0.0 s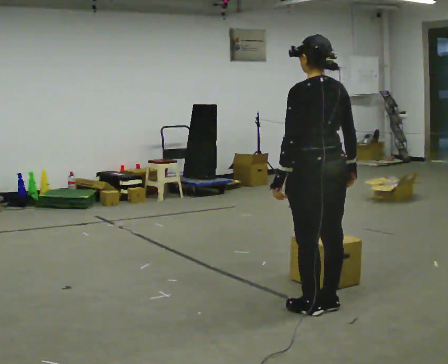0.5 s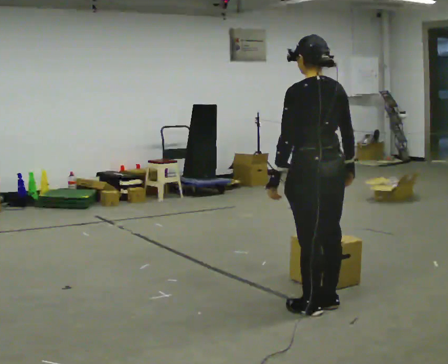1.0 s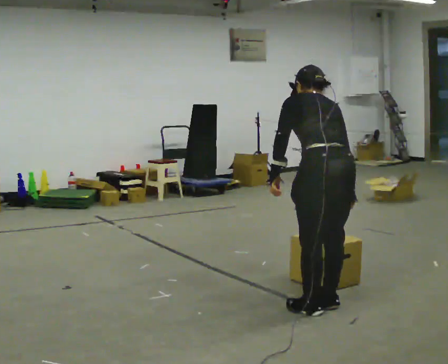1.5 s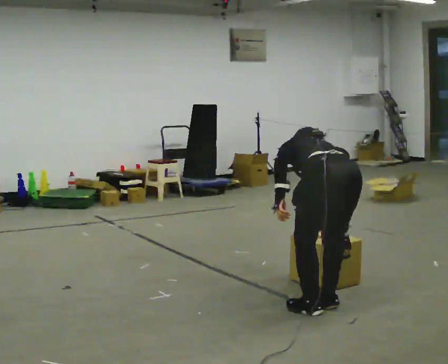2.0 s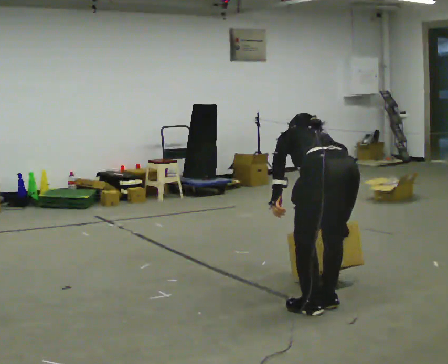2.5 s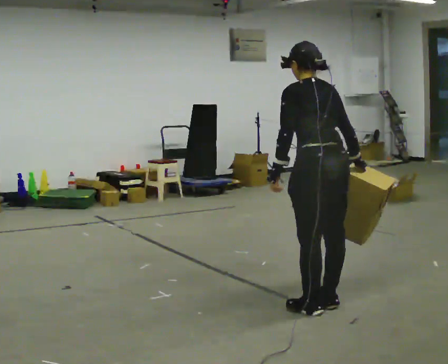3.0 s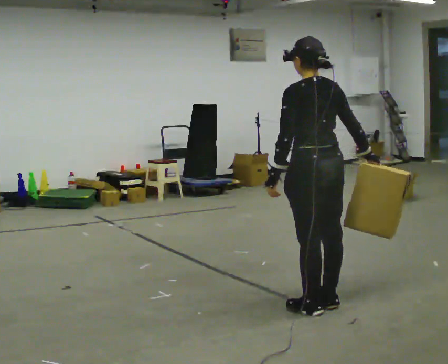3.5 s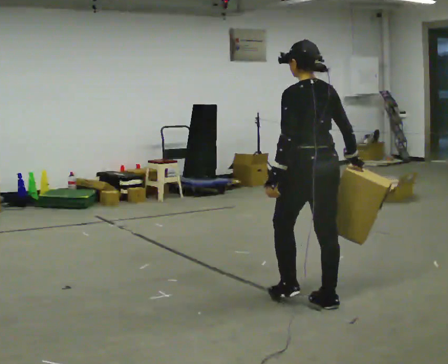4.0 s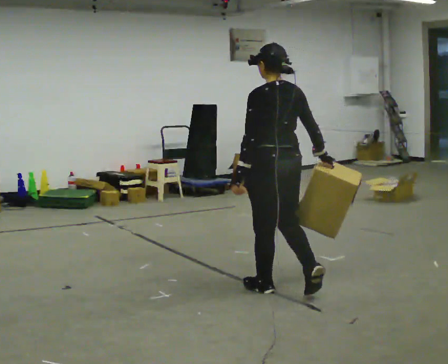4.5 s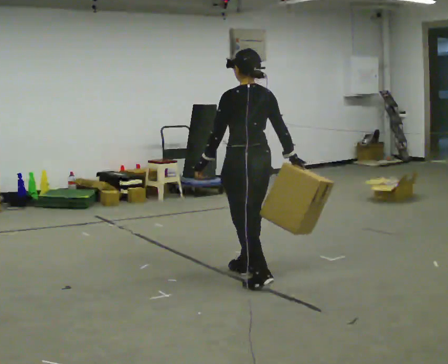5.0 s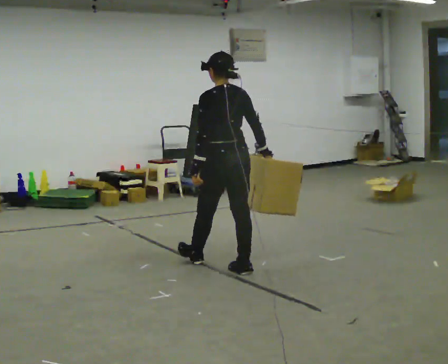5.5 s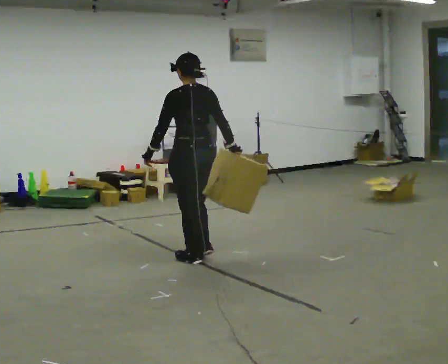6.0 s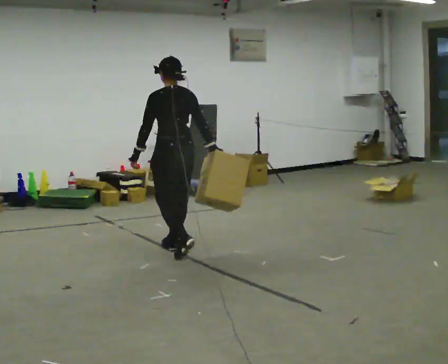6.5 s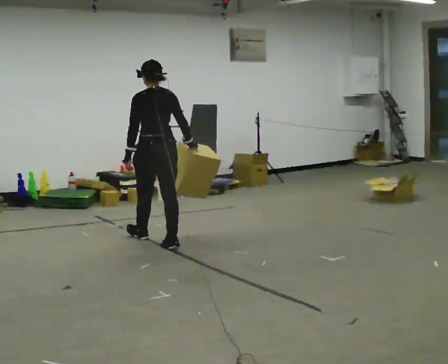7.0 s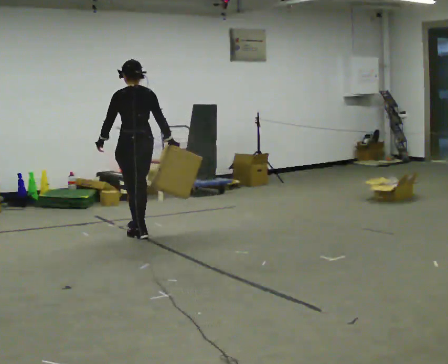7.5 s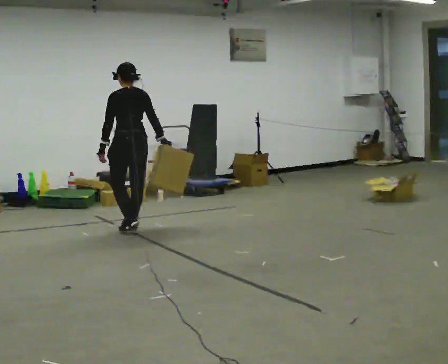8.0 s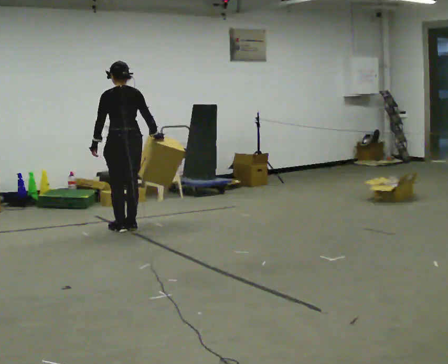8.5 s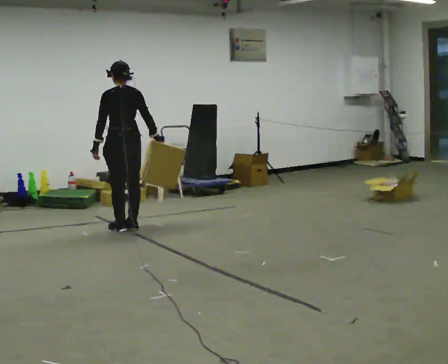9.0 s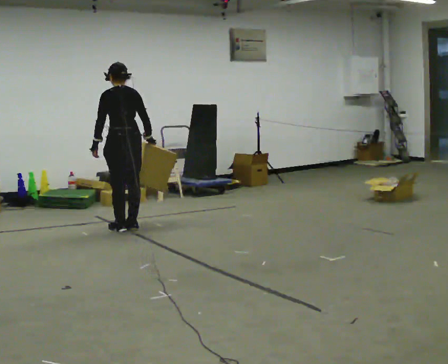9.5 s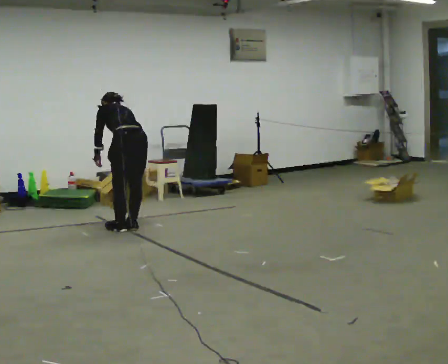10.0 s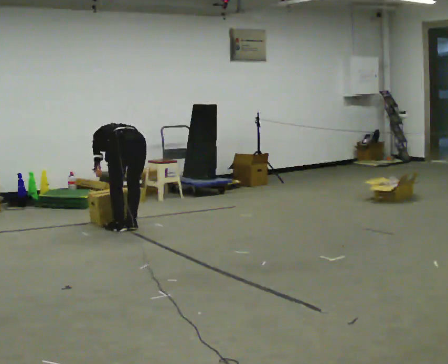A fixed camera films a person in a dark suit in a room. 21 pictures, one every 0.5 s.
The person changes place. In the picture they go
away from the camera.
0.0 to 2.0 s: The upper body tips away from the camera, its near side rolling upward, as they bend forward.
2.0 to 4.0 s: In the picture they go away from the camera and to the left, about 0.5 m in 1 step, which for them is forward. The upper body goes upward. The upper body tips toward the camera, its near side rolling downward, as they lean back or straighten.
4.0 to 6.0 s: In the picture they go away from the camera and to the left, about 1.5 m in 3 steps, which for them is forward.
6.0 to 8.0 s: In the picture they go away from the camera and to the left, about 1 m in 3 steps, which for them is forward.
8.0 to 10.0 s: The shoulders move downward. The upper body tips away from the camera, its near side rolling upward, as they bend forward.
The film runs forward here.
